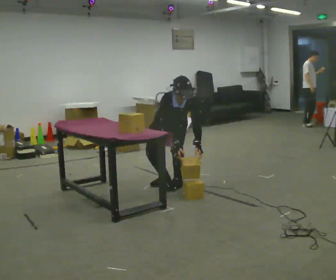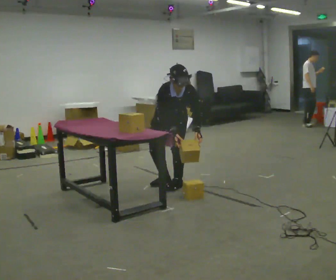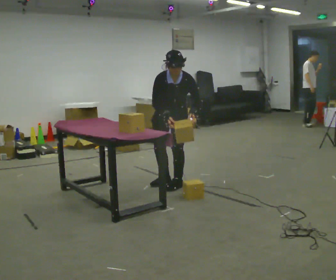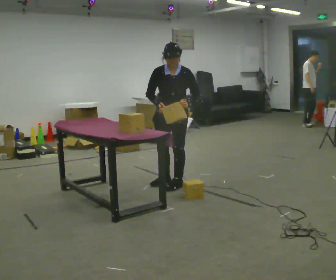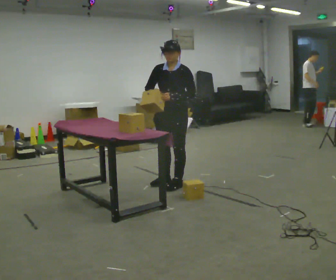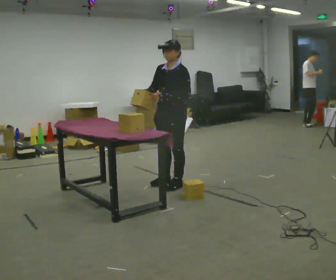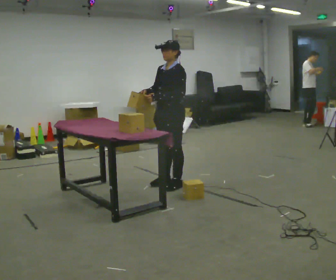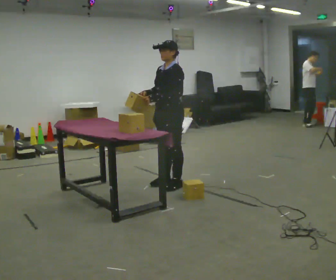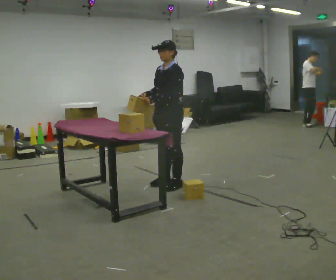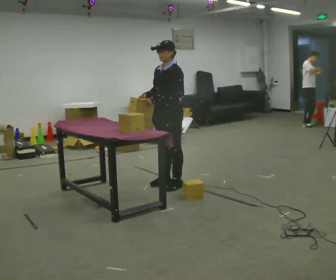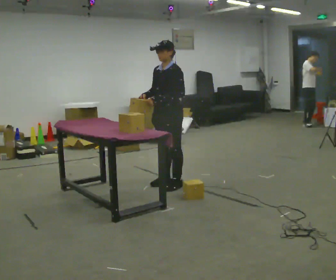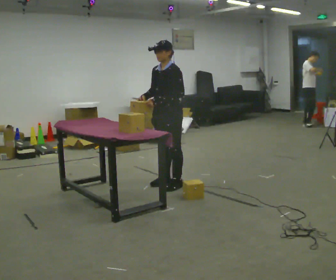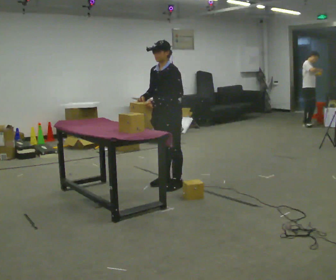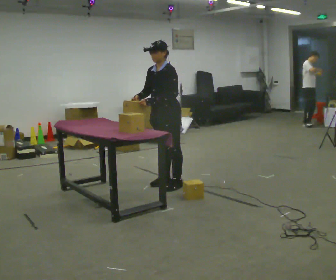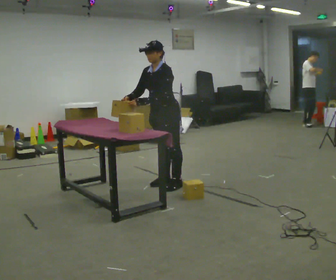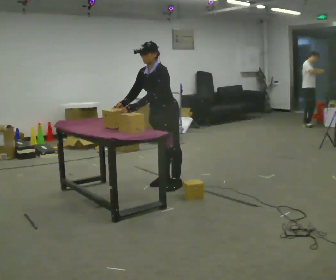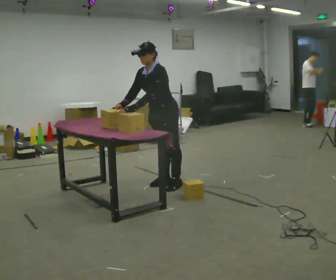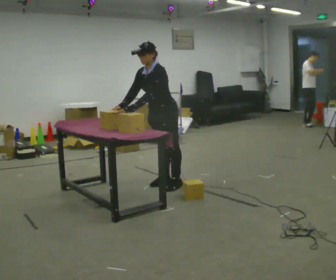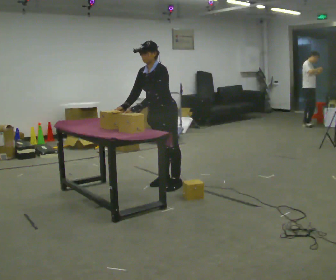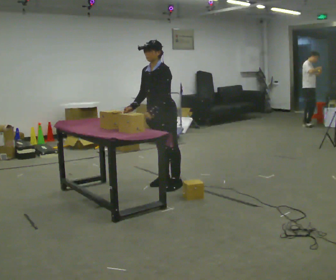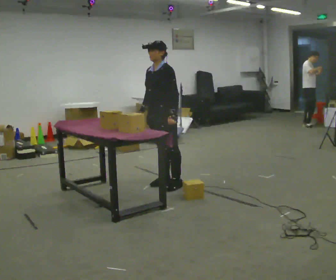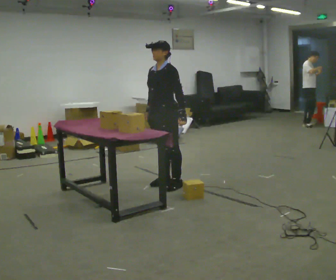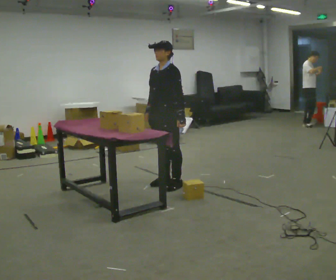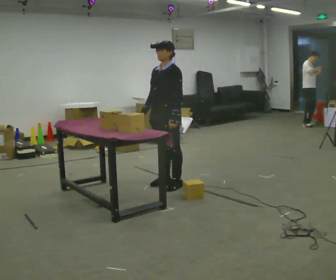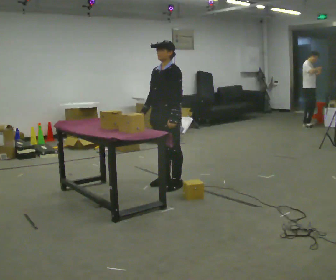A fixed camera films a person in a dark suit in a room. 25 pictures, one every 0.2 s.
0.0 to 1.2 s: Seen from above the body turns clockwise, about 60 degrees: to their right, with its near side sliding to the left. The upper body goes upward. The upper body tips away from the camera, its near side rolling upward, as they lean back or straighten. In the picture their left hand goes upward and to the left.
1.2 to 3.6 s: The person moves a little, or ends about where they began.
3.6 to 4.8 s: In the picture the upper body tilts clockwise, shoulders to the right, as they lean back or straighten. In the picture their left hand goes to the right.
The film runs forward here.
